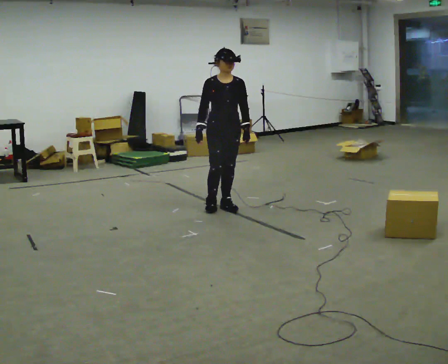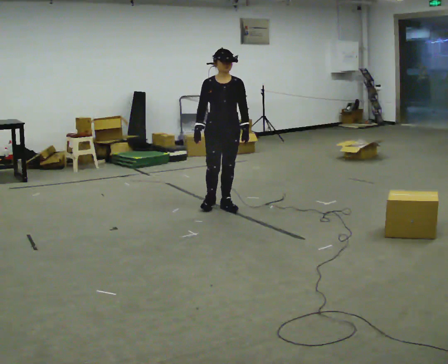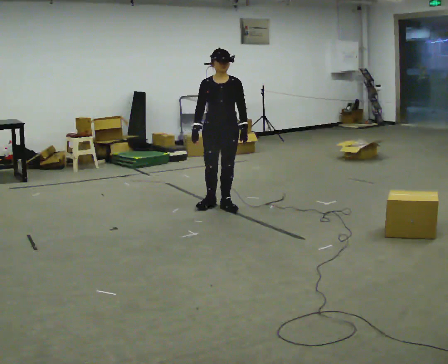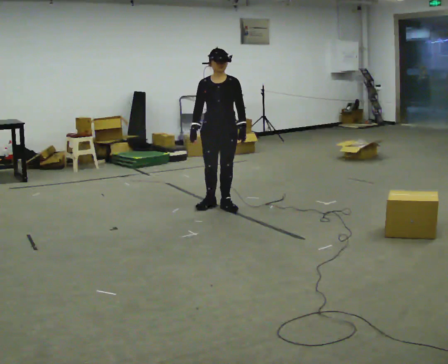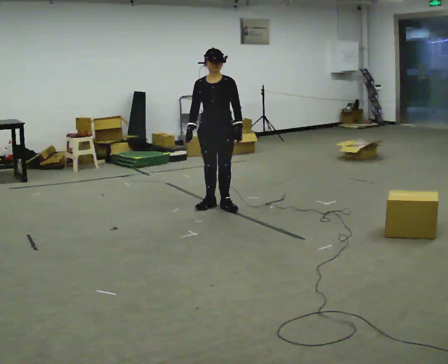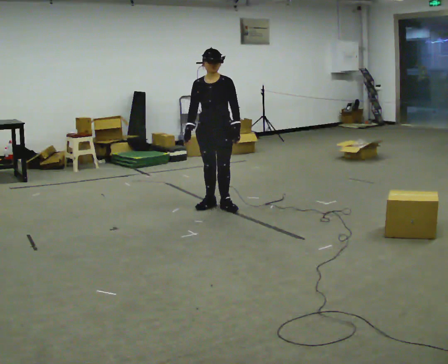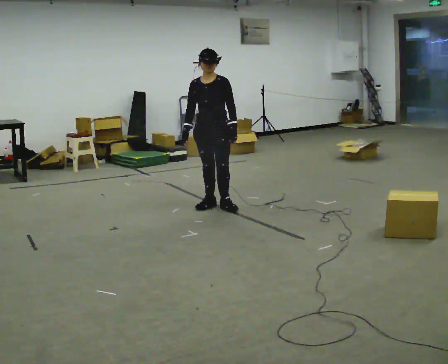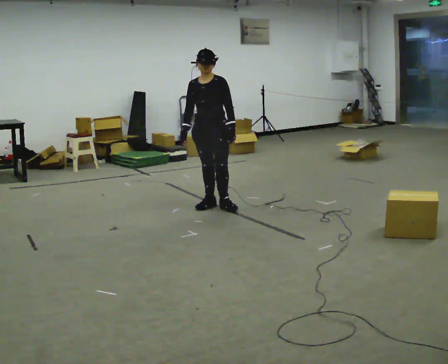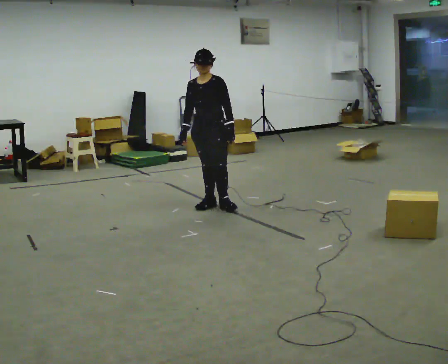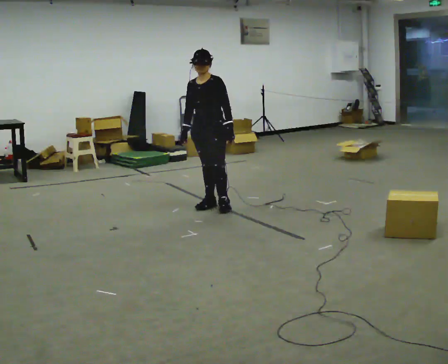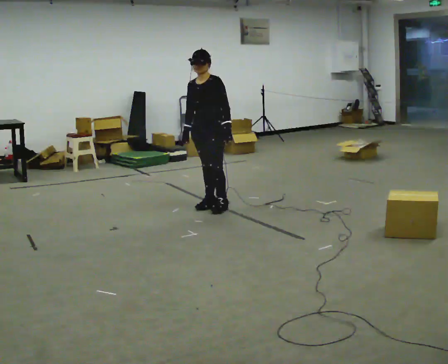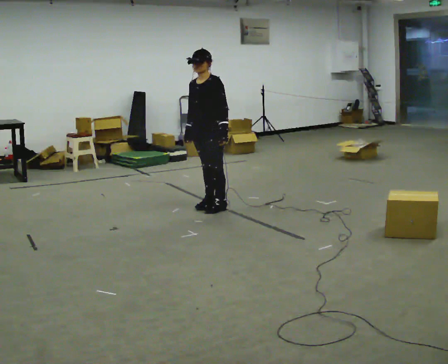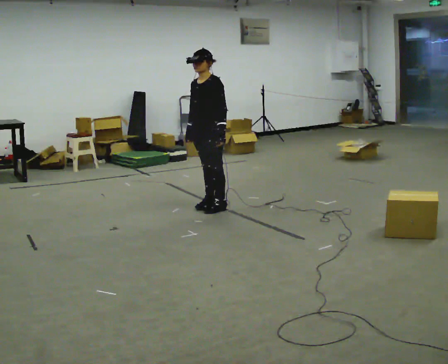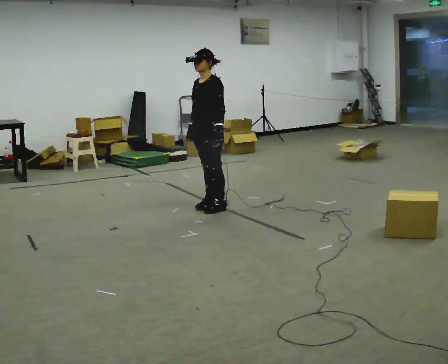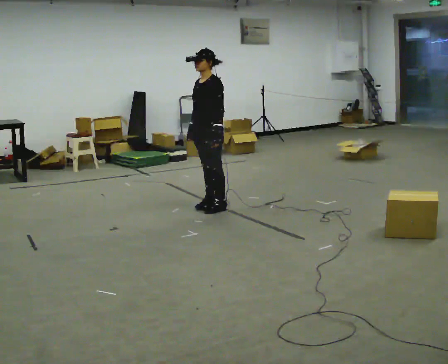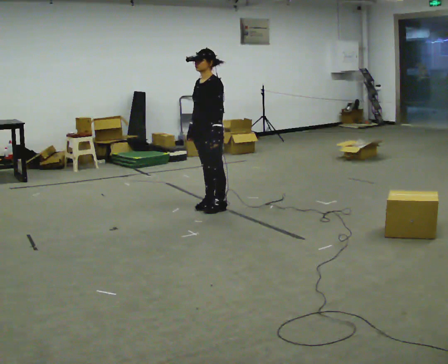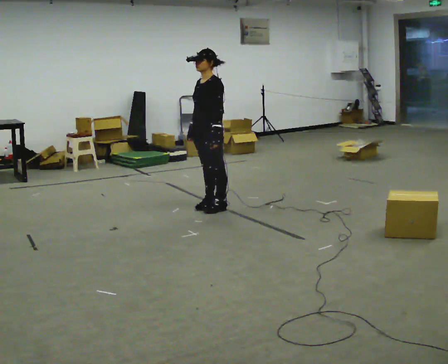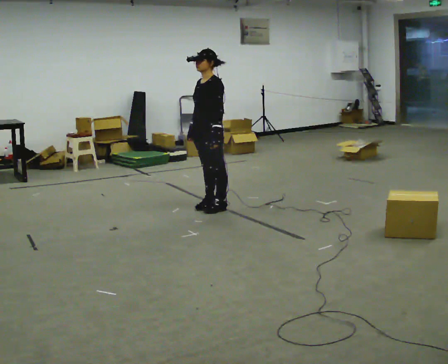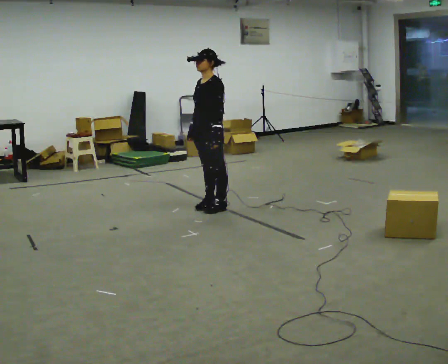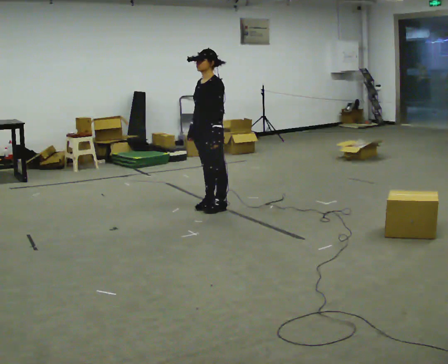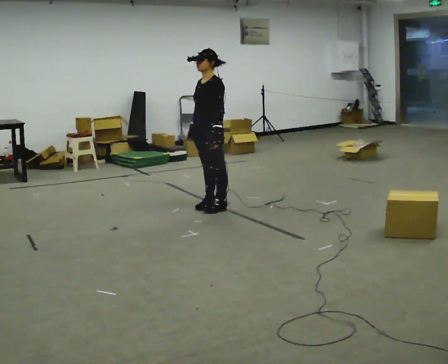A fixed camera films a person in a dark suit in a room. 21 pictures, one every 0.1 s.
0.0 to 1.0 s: The person turns about 45 degrees to their right, clockwise seen from above, so the part of the body nearest the lens slides to the left.
1.0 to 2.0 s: The person moves a little, or ends about where they began.
The film runs backward here.
